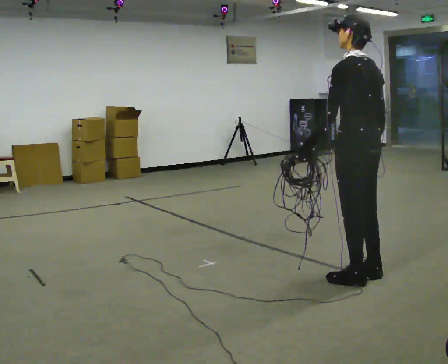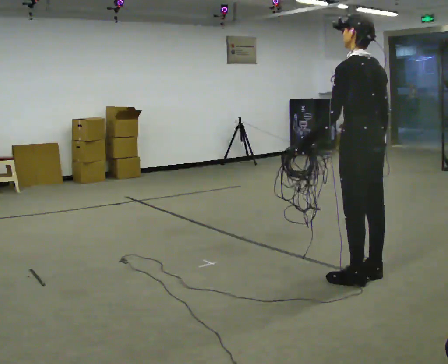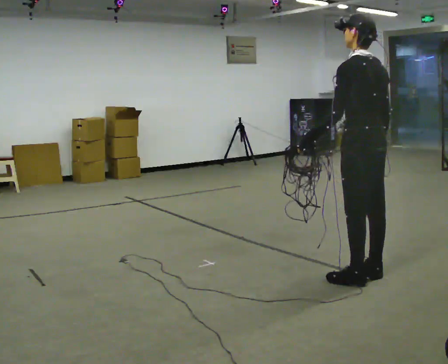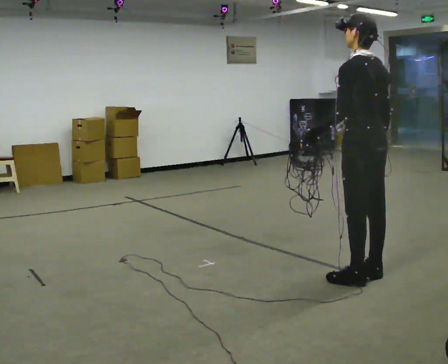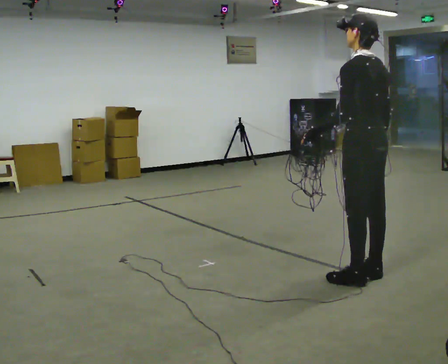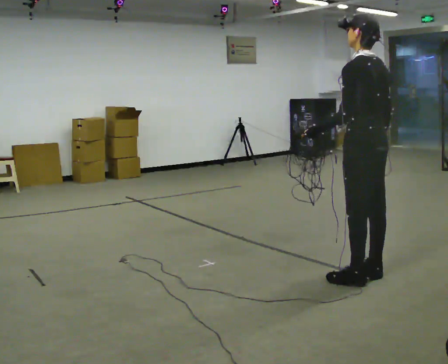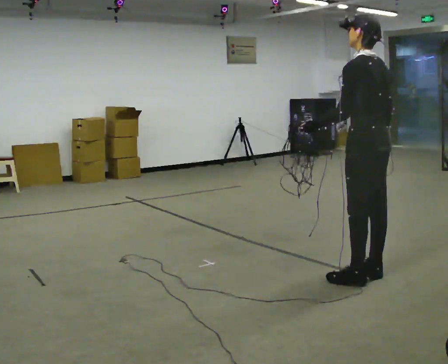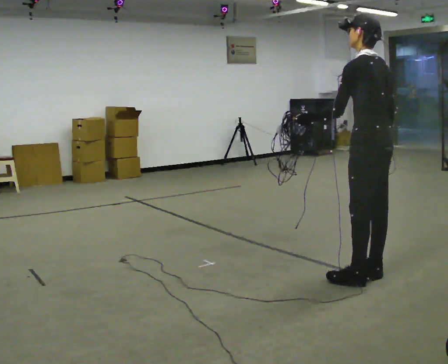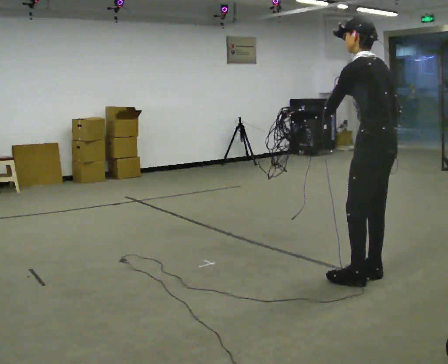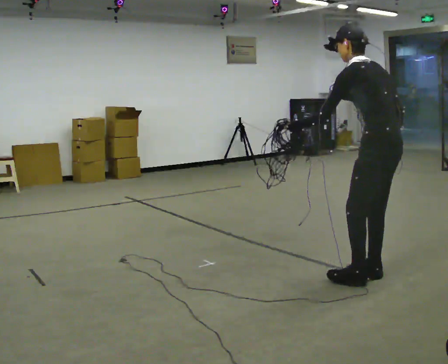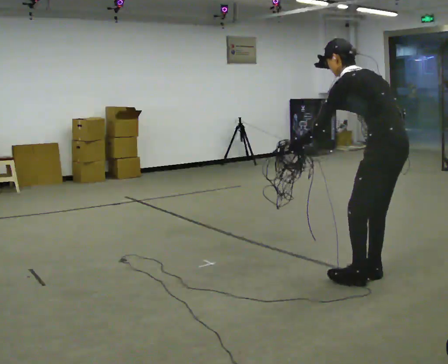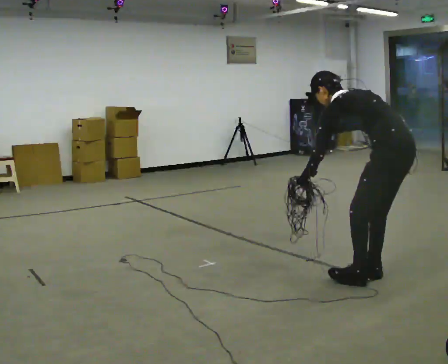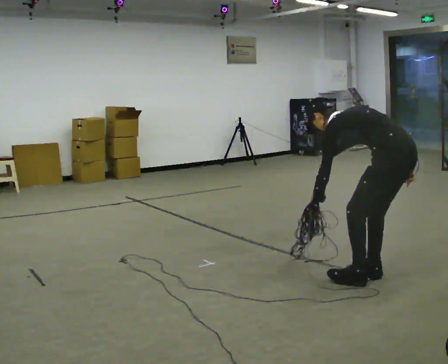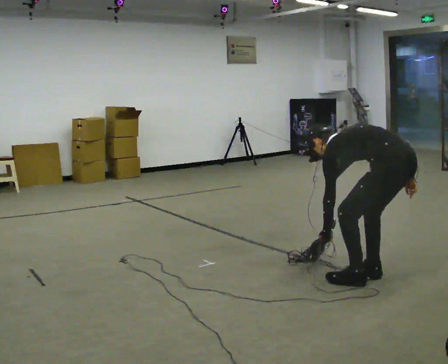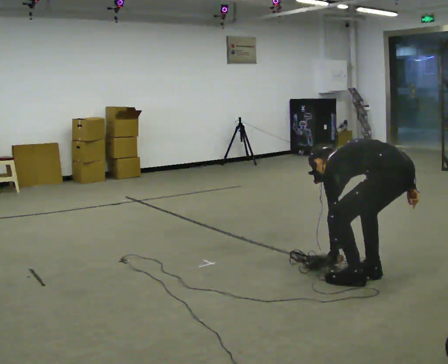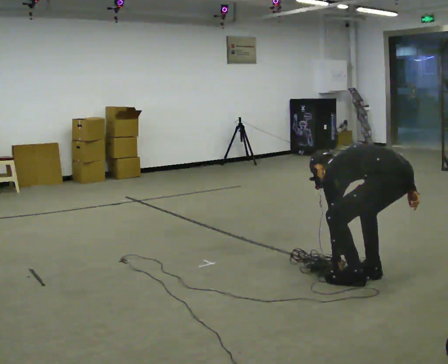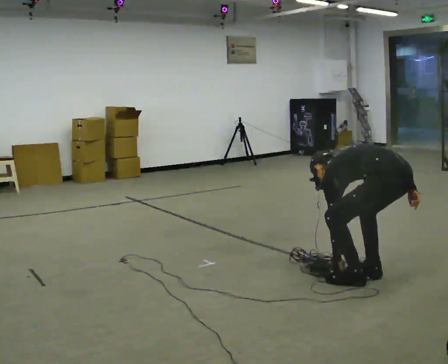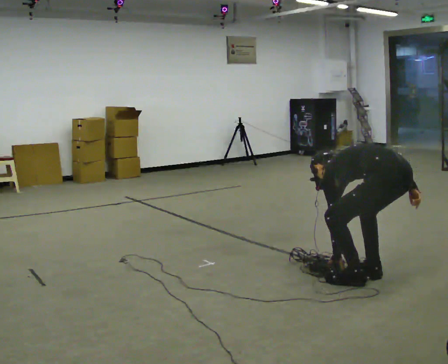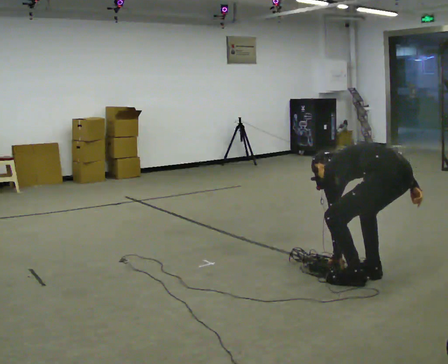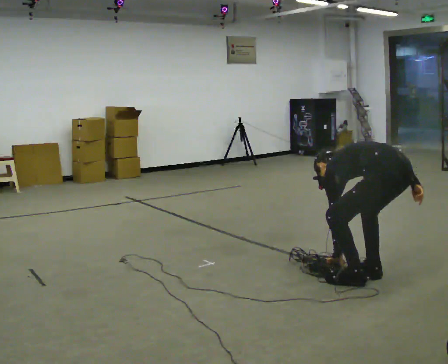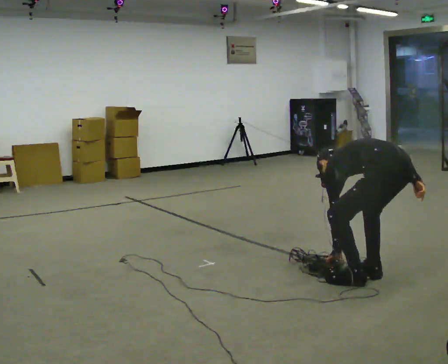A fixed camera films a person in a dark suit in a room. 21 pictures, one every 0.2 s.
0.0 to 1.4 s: The person moves a little, or ends about where they began.
1.4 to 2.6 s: The shoulders move downward. In the picture the upper body tilts counterclockwise, shoulders to the left, as they bend forward.
2.6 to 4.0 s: The upper body tips away from the camera, its near side rolling upward, as they bend forward.
The film runs backward here.
